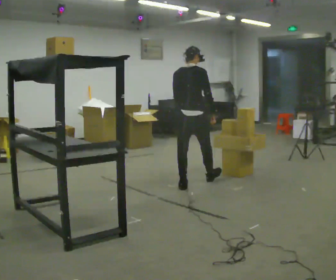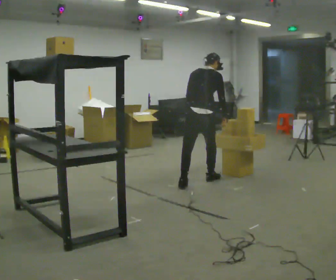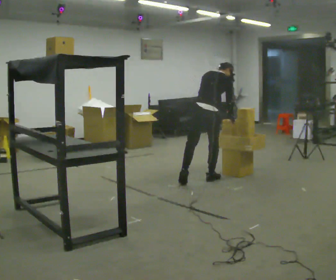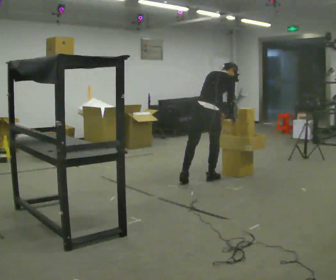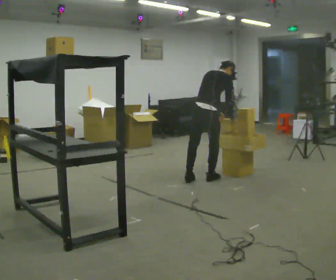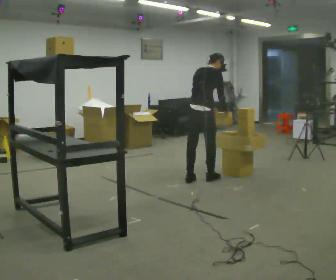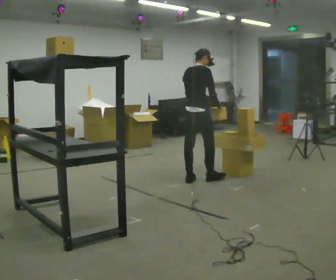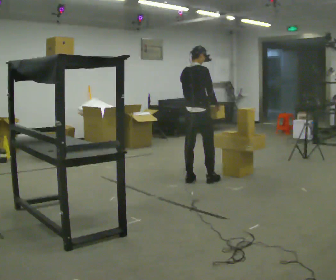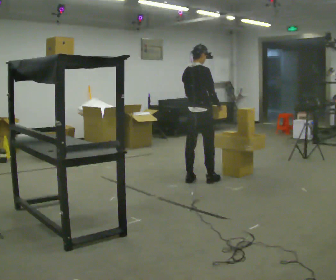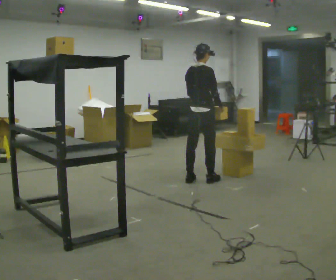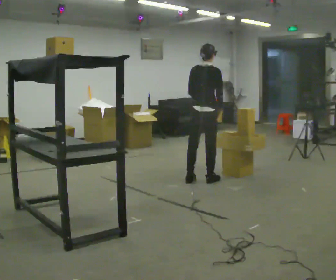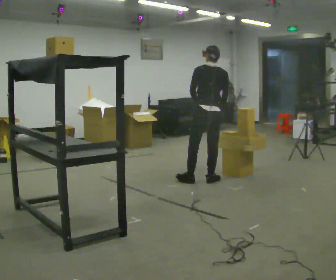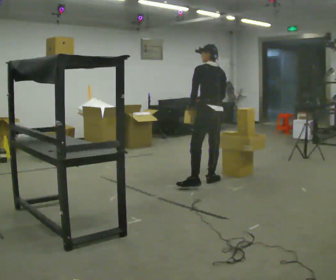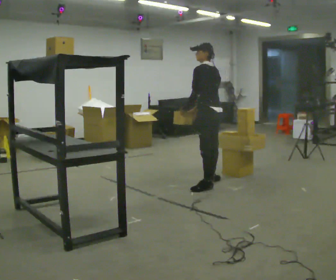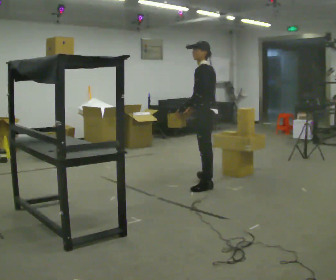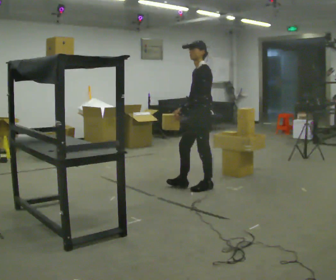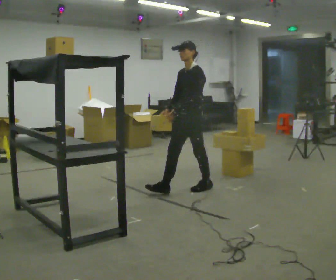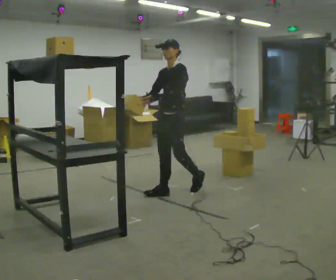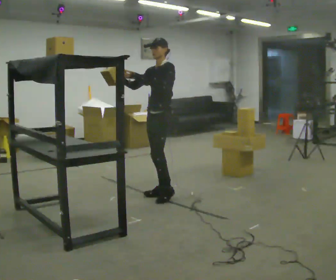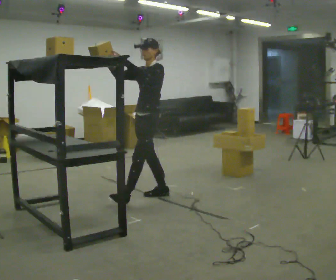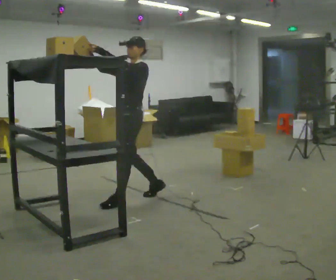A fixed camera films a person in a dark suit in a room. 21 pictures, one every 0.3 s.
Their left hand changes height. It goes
upward.
Their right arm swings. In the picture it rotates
clockwise.
0.0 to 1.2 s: In the picture they go away from the camera and to the right, about 0.25 m in 1 step, which for them is forward. In the picture the upper body tilts clockwise, shoulders to the right, as they bend forward.
1.2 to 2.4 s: The upper body tips toward the camera, its near side rolling downward, as they lean back or straighten.
2.4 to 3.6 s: The person turns about 75 degrees to their left, counterclockwise seen from above, so the part of the body nearest the lens slides to the right. In the picture they go to the right, about 0.25 m.
3.6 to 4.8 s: Seen from above the body turns counterclockwise, about 90 degrees: to their left, with its near side sliding to the right. In the picture they go toward the camera and to the left, about 0.5 m in 1 step. The upper body tips toward the camera, its near side rolling downward.
4.8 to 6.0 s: In the picture they go to the left and toward the camera, about 0.5 m in 2 steps, which for them is forward. In the picture their right hand goes upward, the arm swinging clockwise.
The film runs forward here.
